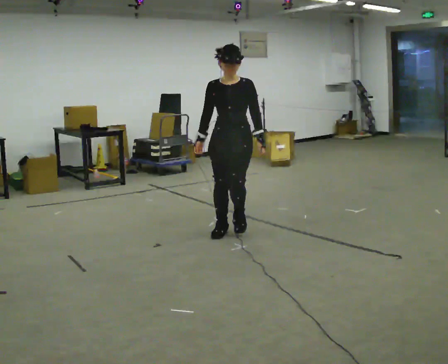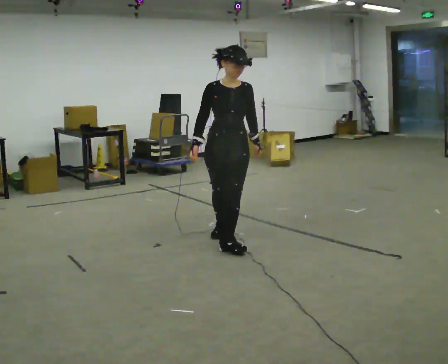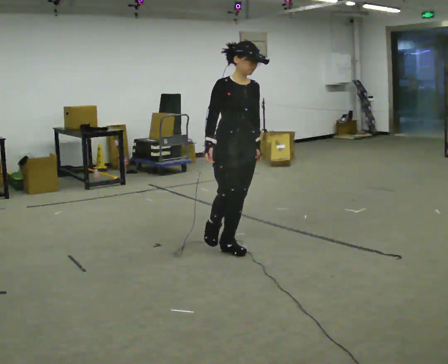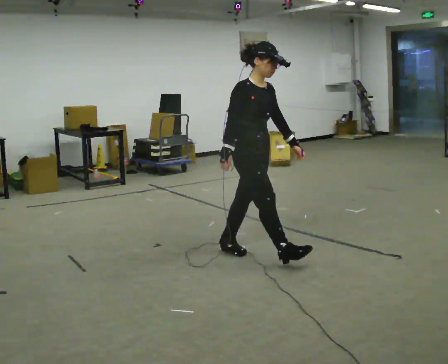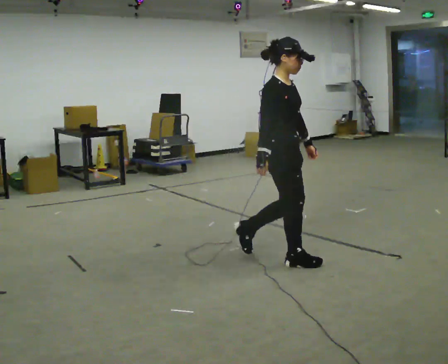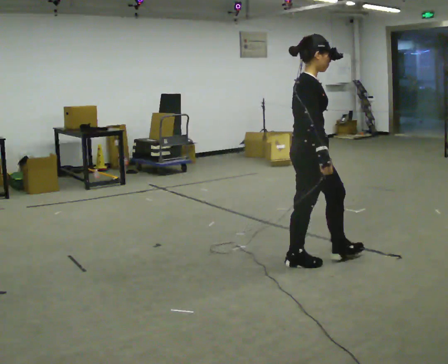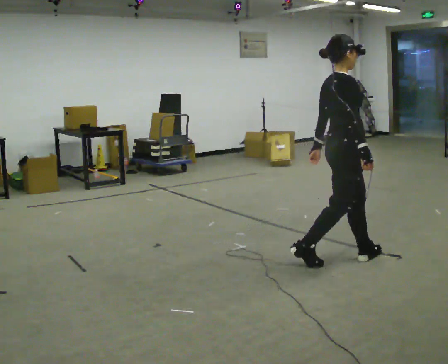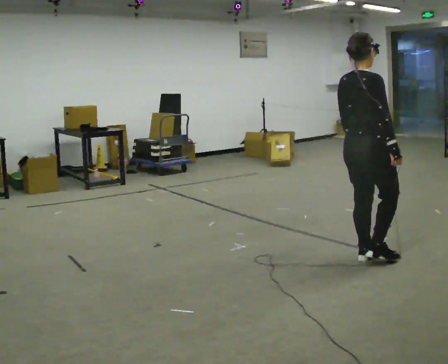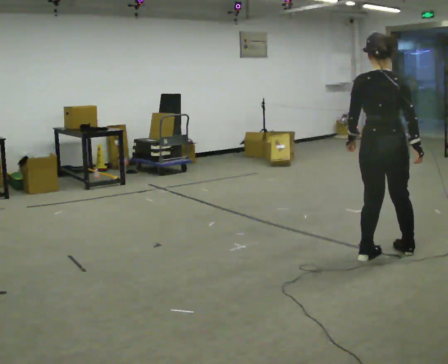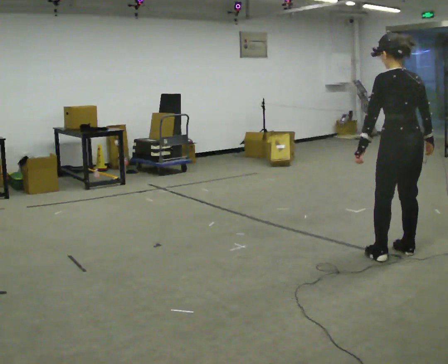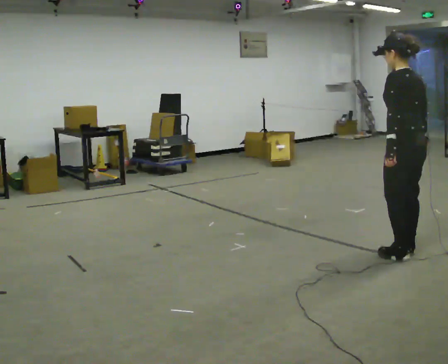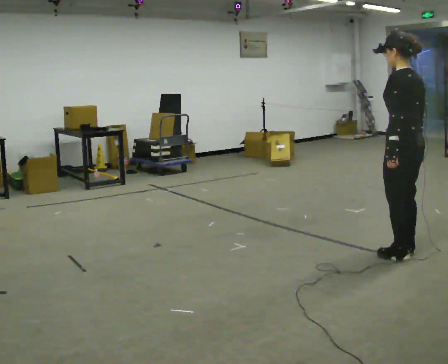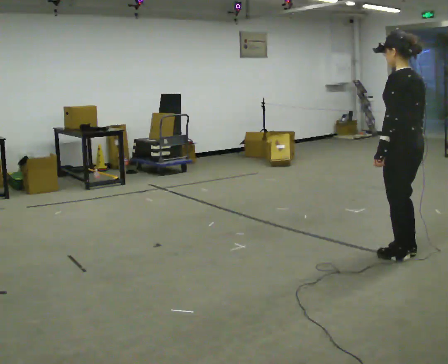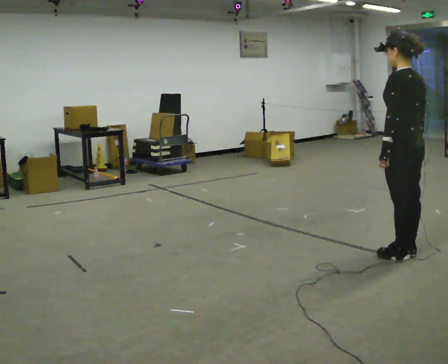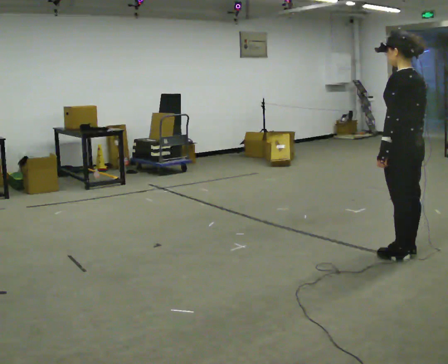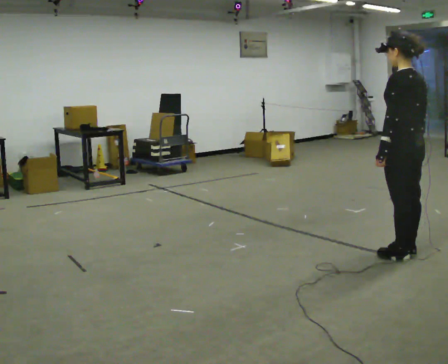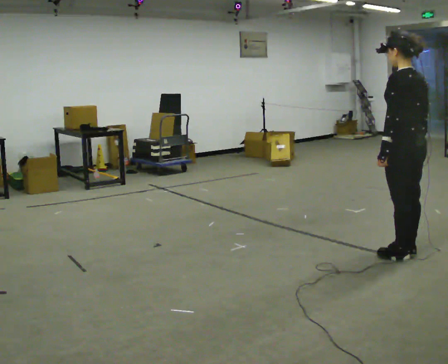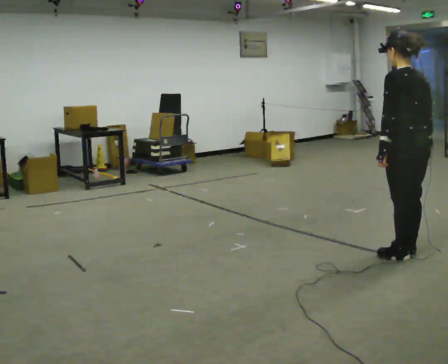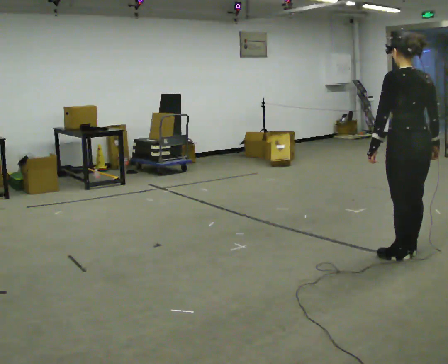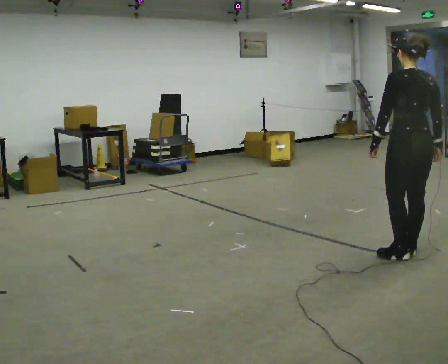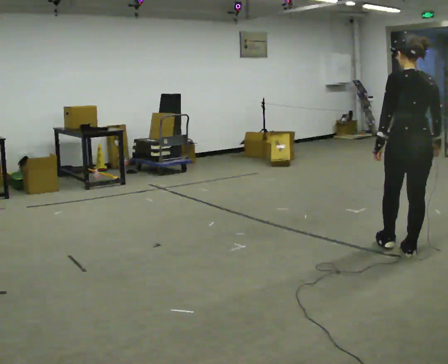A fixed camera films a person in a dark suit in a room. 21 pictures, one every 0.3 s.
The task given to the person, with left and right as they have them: Walk one full figure-eight continuously at comfortable speed; stop.
0.0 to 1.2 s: The person turns about 75 degrees to their left, counterclockwise seen from above, so the part of the body nearest the lens slides to the right. In the picture they go toward the camera and to the right, about 1 m in 2 steps.
1.2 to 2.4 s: Seen from above the body turns counterclockwise, about 90 degrees: to their left, with its near side sliding to the right. In the picture they go to the right, about 0.5 m in 2 steps.
2.4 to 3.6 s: Seen from above the body turns counterclockwise, about 45 degrees: to their left, with its near side sliding to the right.
3.6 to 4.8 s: The person moves a little, or ends about where they began.
4.8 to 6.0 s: Seen from above the body turns clockwise, about 30 degrees: to their right, with its near side sliding to the left.
The film runs forward here.
